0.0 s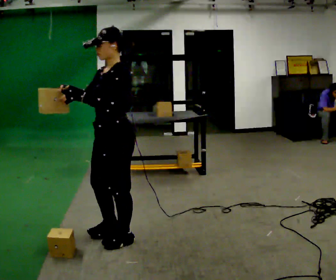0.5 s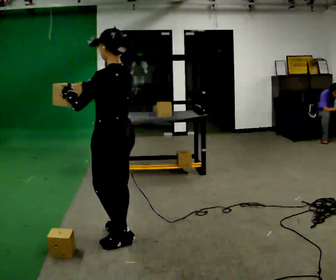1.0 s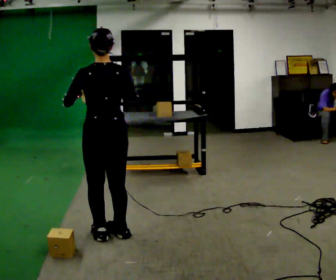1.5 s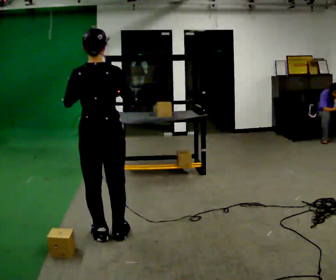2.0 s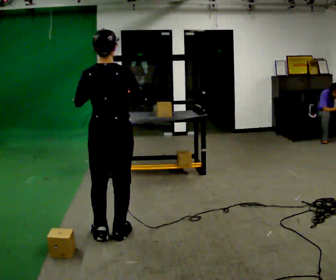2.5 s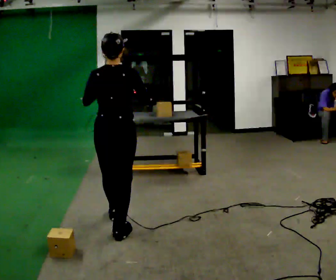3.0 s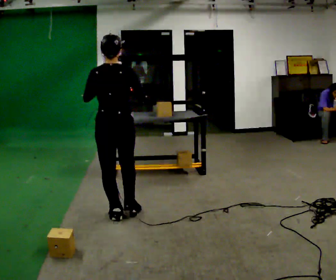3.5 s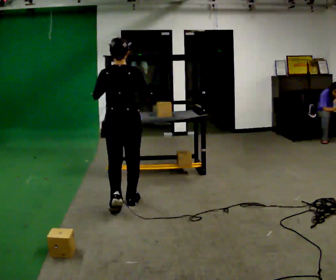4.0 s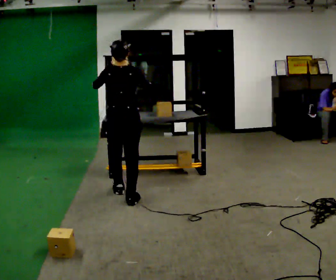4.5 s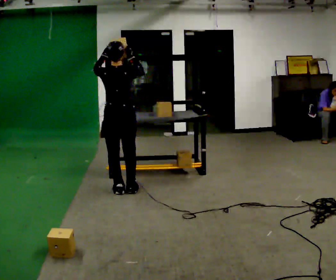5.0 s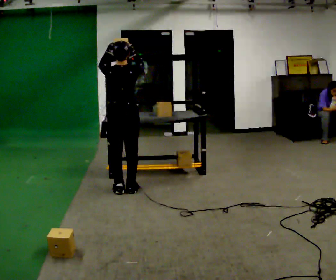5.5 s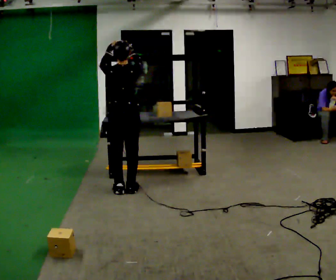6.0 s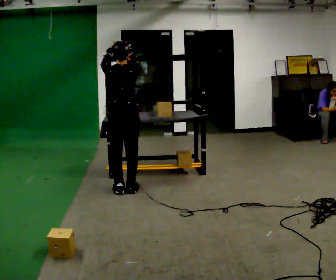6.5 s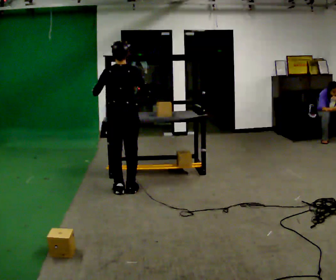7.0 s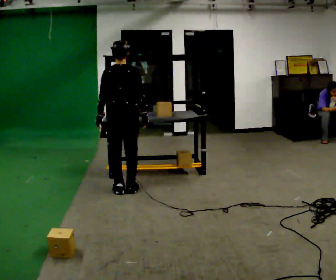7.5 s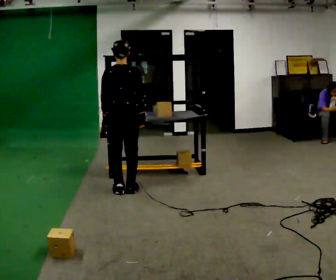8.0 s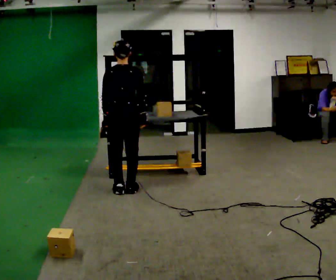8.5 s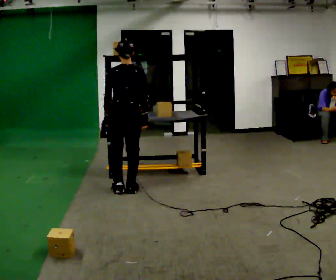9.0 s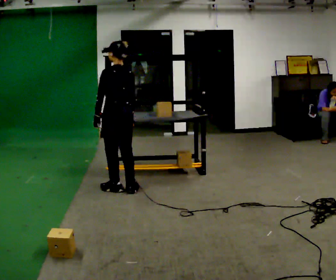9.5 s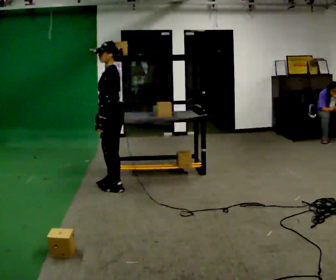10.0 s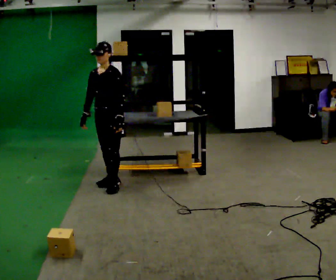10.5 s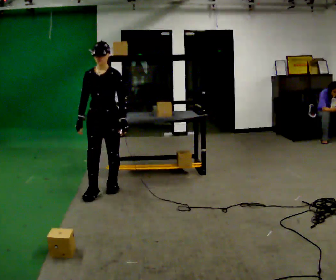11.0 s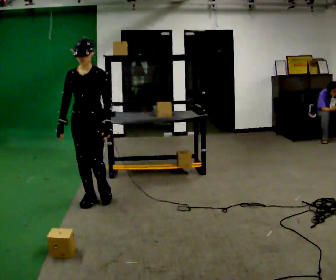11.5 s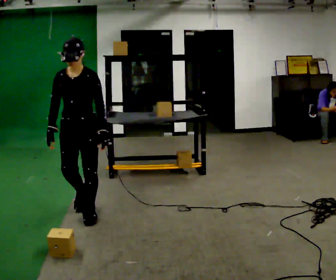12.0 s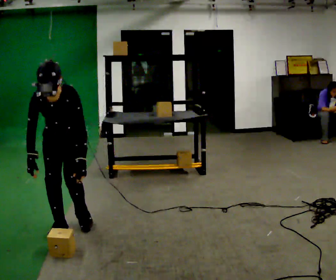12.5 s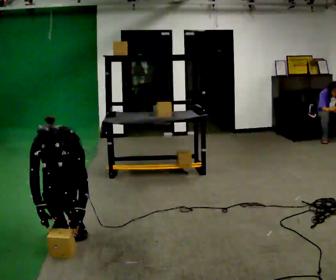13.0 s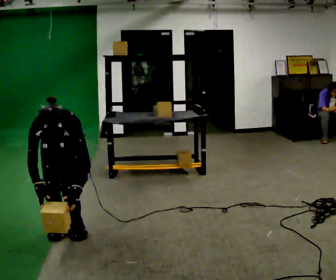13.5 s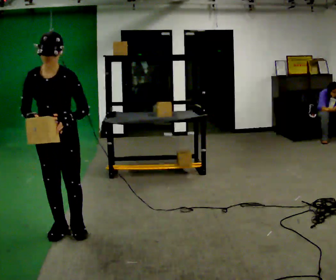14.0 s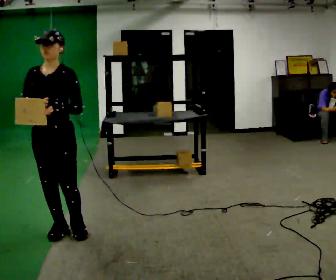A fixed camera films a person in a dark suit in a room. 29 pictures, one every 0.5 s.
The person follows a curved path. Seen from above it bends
counterclockwise.
0.0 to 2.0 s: The part of the body nearest the lens slides to the left as the person turns to their right by about 120 degrees. In the picture their right hand goes to the right.
2.0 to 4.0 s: In the picture they go away from the camera, about 1 m in 3 steps, which for them is forward.
4.0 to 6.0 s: In the picture they go away from the camera, about 0.25 m in 1 step, which for them is forward.
6.0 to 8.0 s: In the picture their right hand goes downward.
8.0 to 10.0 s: Seen from above the body turns counterclockwise, about 150 degrees: to their left, with its near side sliding to the right. In the picture they go to the left, about 0.25 m in 1 step. In the picture their right hand goes to the left, the arm swinging clockwise.
10.0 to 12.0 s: The person turns about 30 degrees to their left, counterclockwise seen from above, so the part of the body nearest the lens slides to the right. In the picture they go toward the camera, about 1 m in 3 steps, which for them is forward. The upper body goes downward. The upper body tips toward the camera, its near side rolling downward, as they bend forward.
12.0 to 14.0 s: In the picture they go toward the camera, about 0.25 m in 1 step, which for them is forward. In the picture their left hand goes upward.
The film runs forward here.
